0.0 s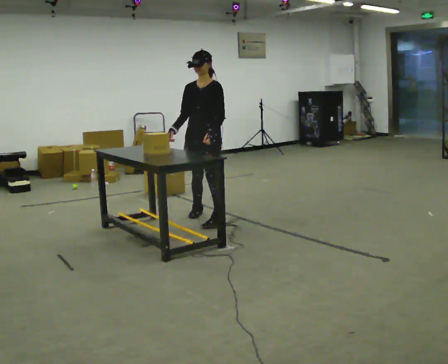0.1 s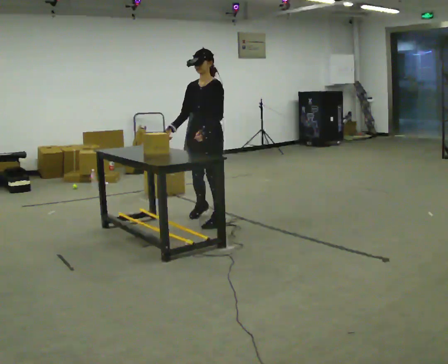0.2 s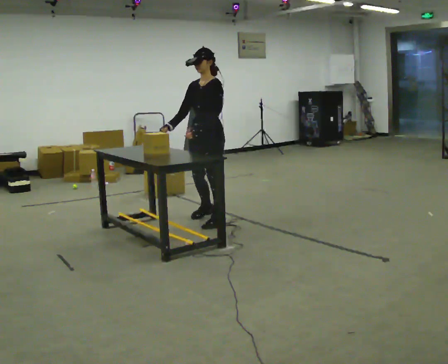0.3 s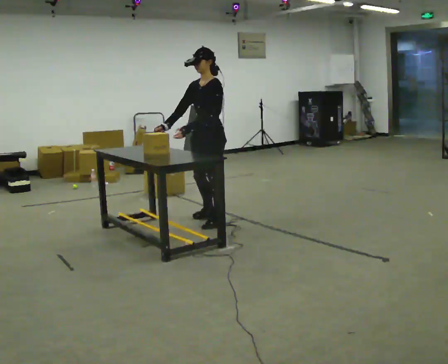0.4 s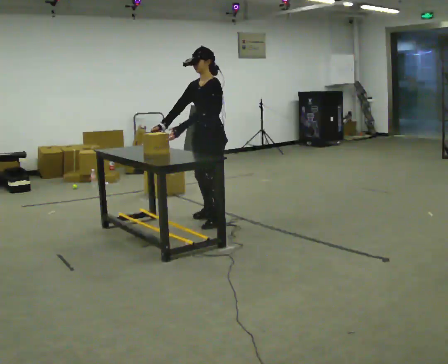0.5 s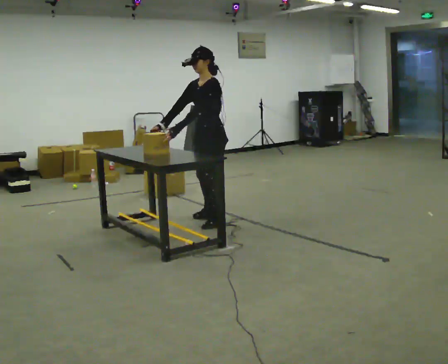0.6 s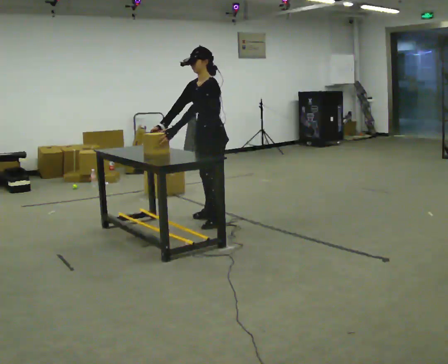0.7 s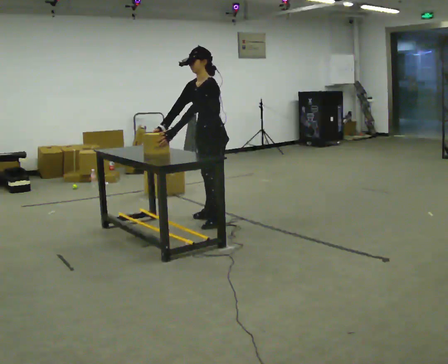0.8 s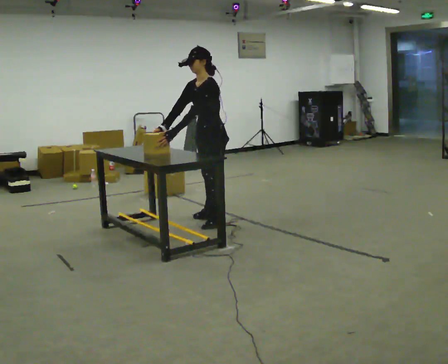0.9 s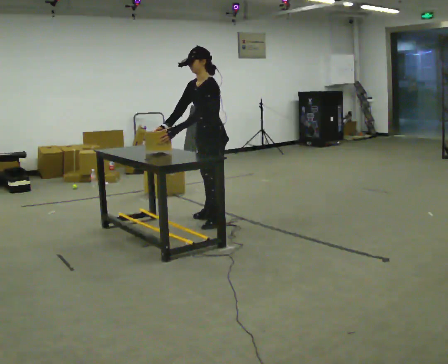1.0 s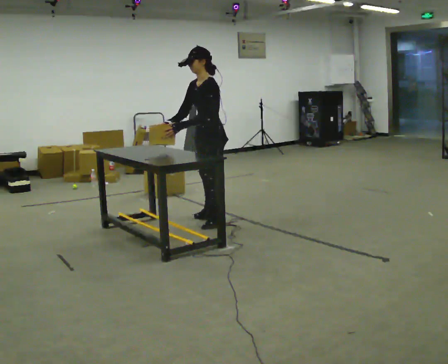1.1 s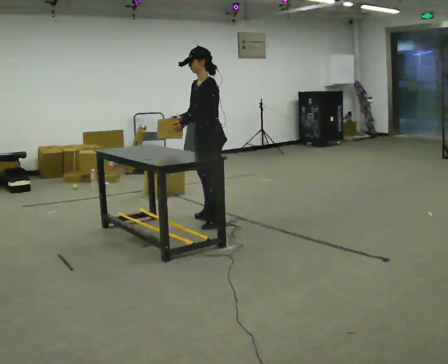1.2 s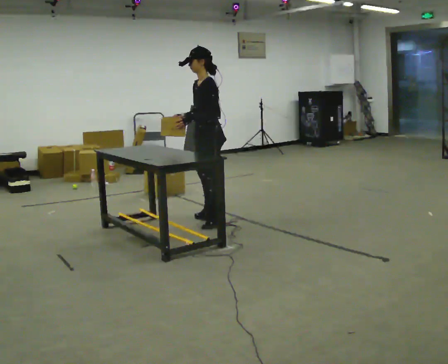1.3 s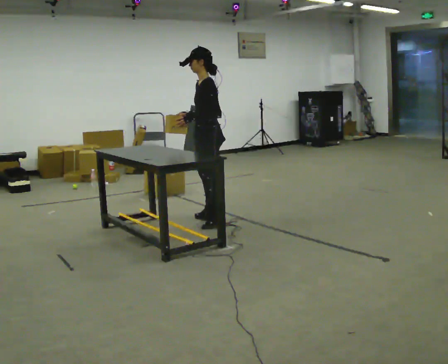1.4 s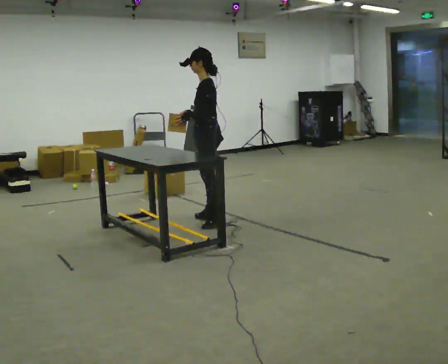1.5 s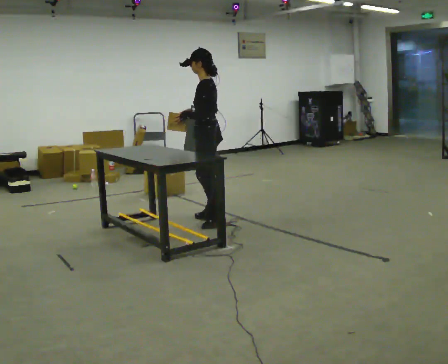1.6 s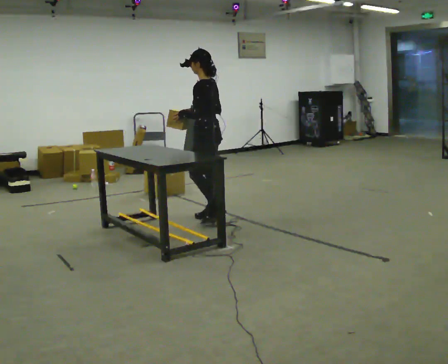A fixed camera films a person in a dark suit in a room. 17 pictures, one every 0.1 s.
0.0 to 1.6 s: The person turns about 75 degrees to their right, clockwise seen from above, so the part of the body nearest the lens slides to the left.
The film runs forward here.
